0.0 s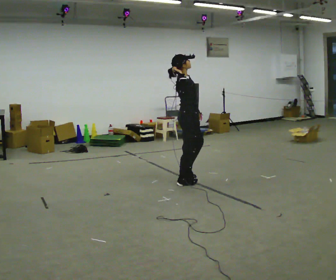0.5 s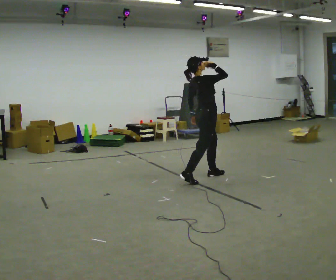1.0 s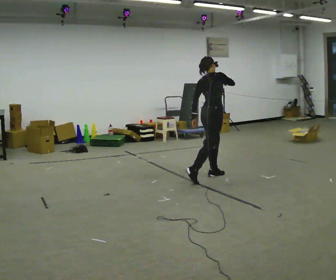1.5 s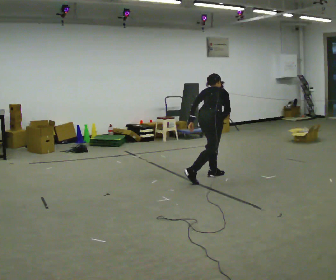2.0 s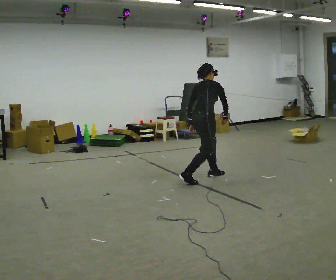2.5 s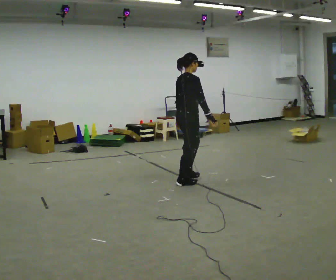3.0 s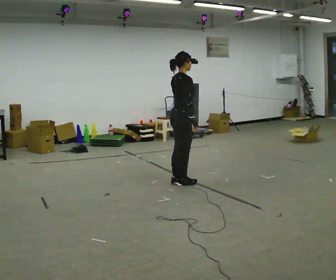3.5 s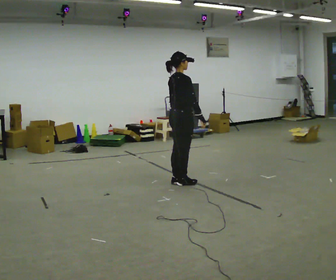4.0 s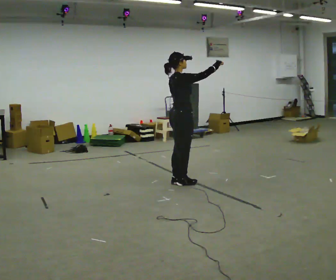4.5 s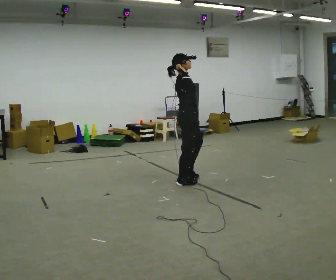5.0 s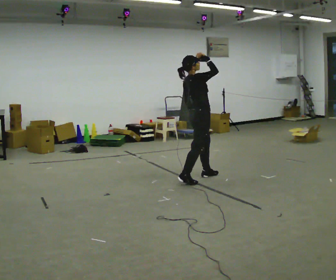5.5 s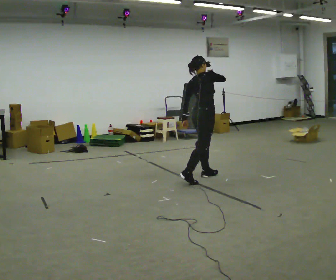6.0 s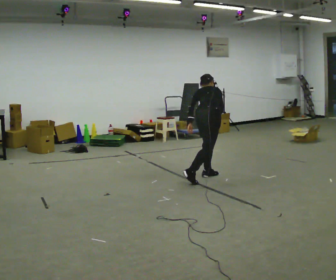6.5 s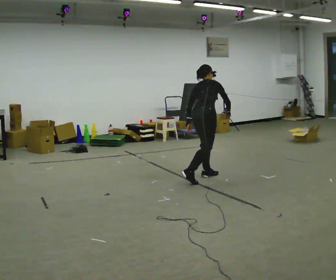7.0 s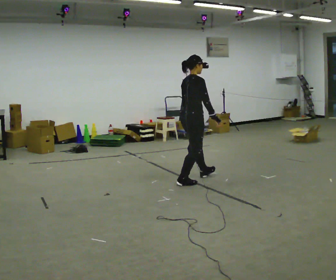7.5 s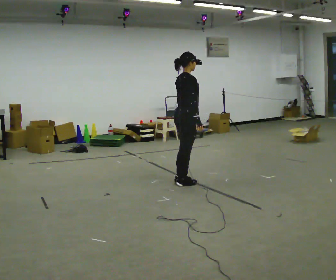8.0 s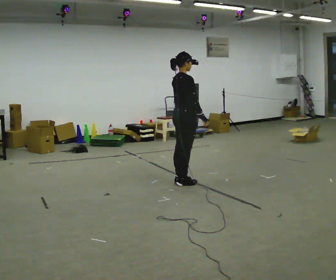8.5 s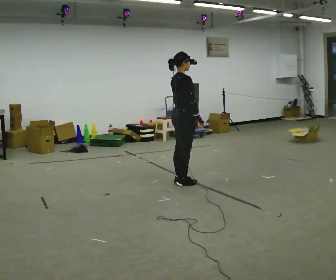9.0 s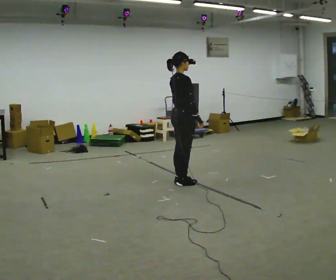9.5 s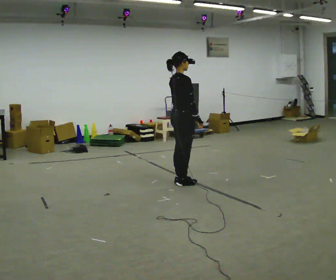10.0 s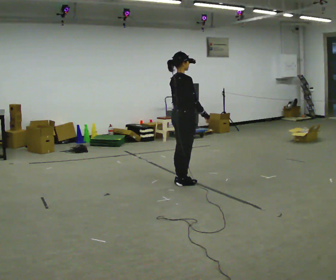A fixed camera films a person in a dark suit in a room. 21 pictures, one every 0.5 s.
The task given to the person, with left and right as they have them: Mime tennis groundstrokes with no racket, alternating forehand and backhand. Repeat the movement at your own pace until the operator says stop; do not rush.
0.0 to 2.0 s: Seen from above the body turns counterclockwise, about 30 degrees: to their left, with its near side sliding to the right. In the picture they go to the right, about 0.25 m in 1 step, which for them is forward. In the picture their right hand goes downward and to the right.
2.0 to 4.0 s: In the picture they go to the left and toward the camera, about 0.25 m in 1 step, which for them is backward. The upper body tips toward the camera, its near side rolling downward, as they lean back or straighten. In the picture their right hand goes upward, the arm swinging counterclockwise.
4.0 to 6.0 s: The part of the body nearest the lens slides to the right as the person turns to their left by about 30 degrees. In the picture they go to the right and away from the camera, about 0.5 m in 1 step, which for them is forward. The shoulders move downward. The upper body tips away from the camera, its near side rolling upward, as they bend forward. In the picture their right hand goes downward.
6.0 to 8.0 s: The part of the body nearest the lens slides to the left as the person turns to their right by about 30 degrees. In the picture they go to the left and toward the camera, about 0.25 m in 1 step, which for them is backward. The shoulders move upward. The upper body tips toward the camera, its near side rolling downward, as they lean back or straighten.
8.0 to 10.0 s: The person moves a little, or ends about where they began.
The film runs forward here.
